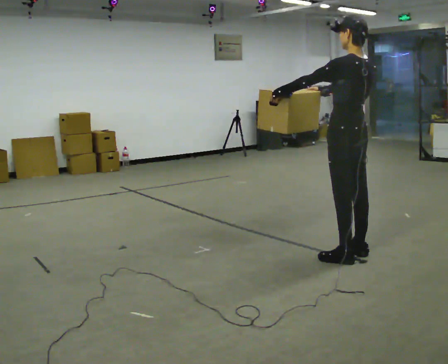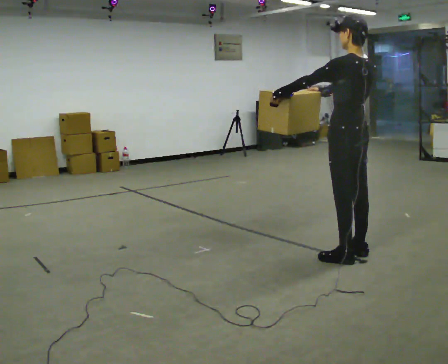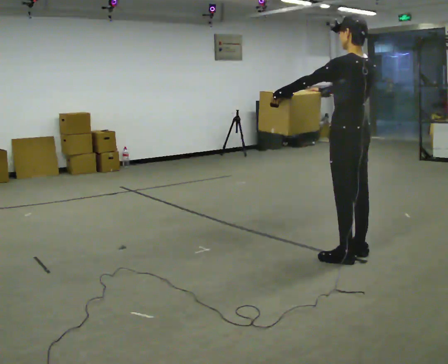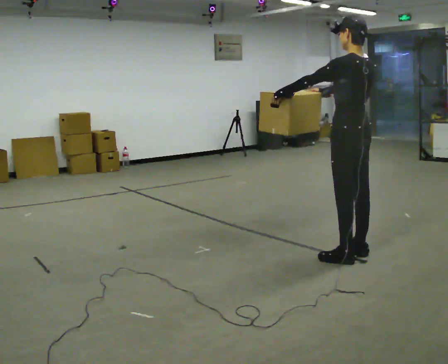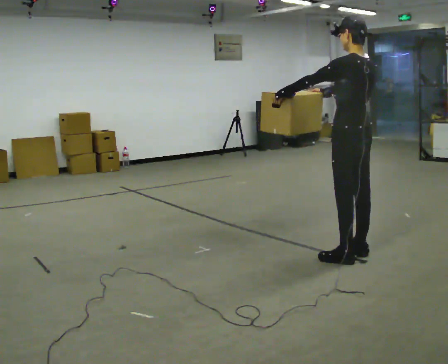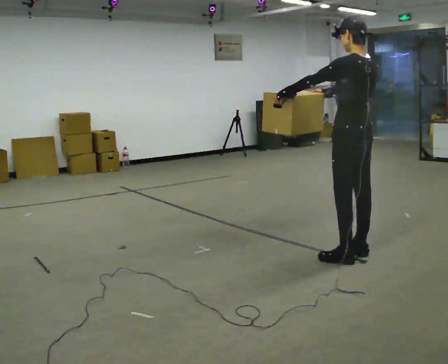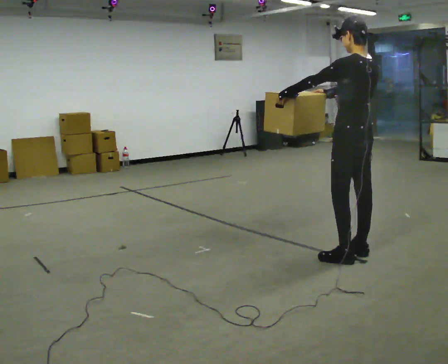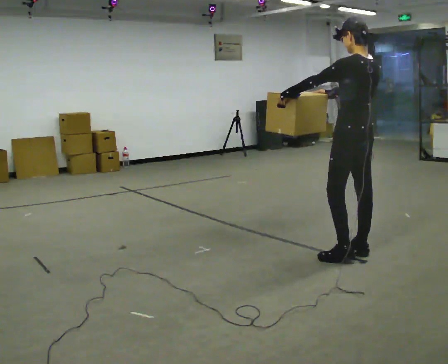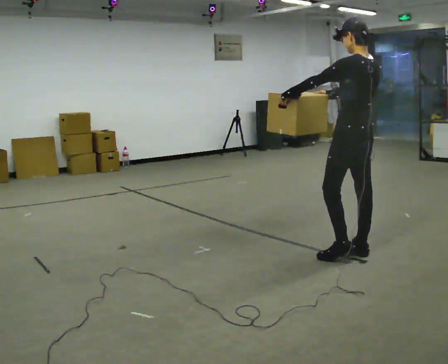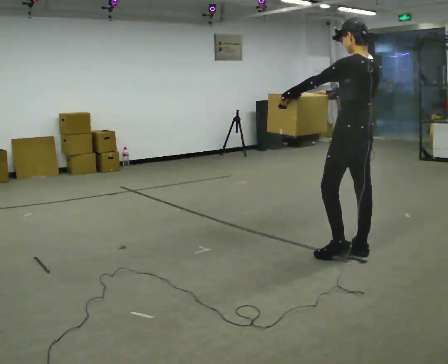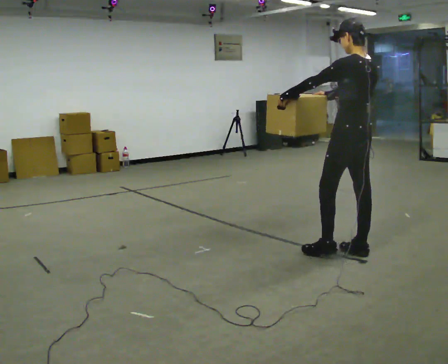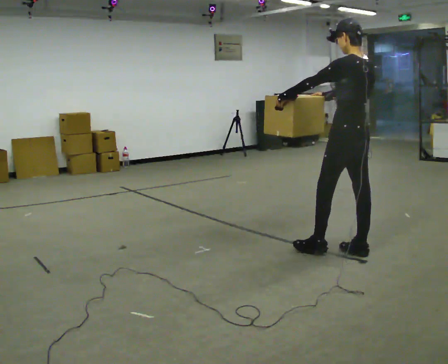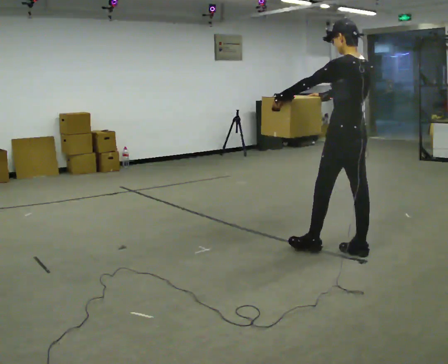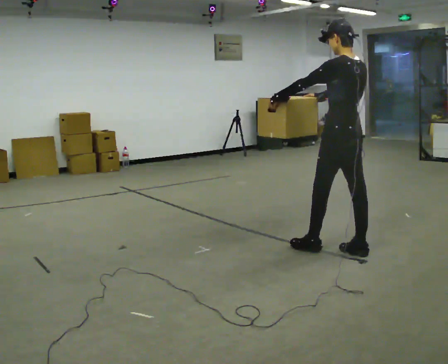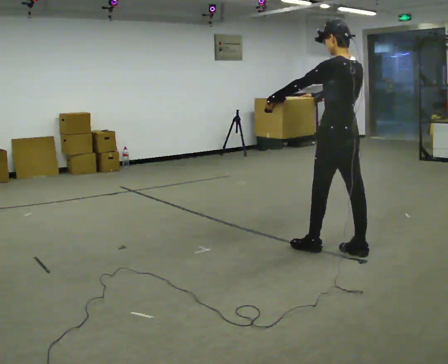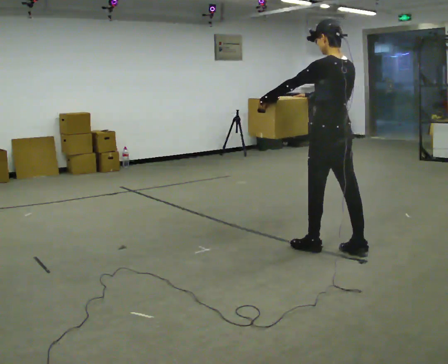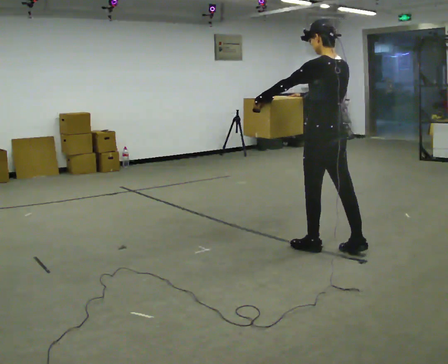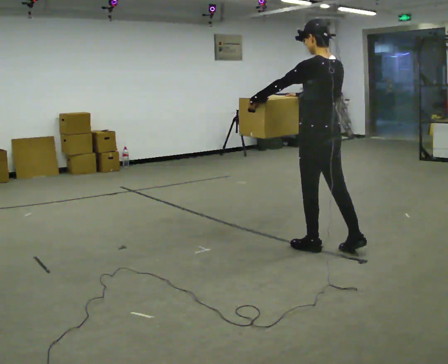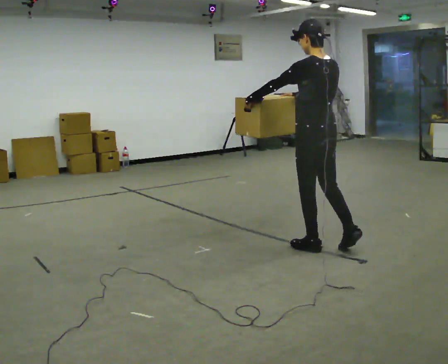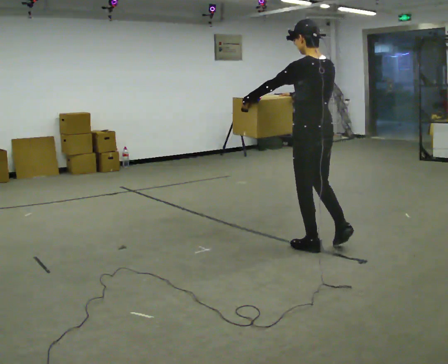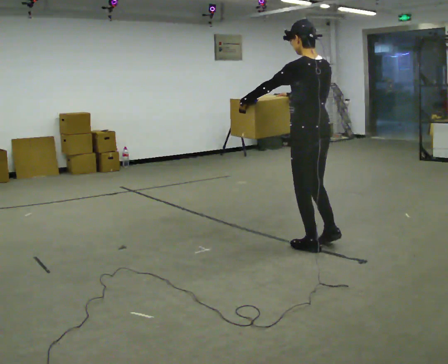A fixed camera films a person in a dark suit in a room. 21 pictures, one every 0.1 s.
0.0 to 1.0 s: The person moves a little, or ends about where they began.
1.0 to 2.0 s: In the picture they go to the left, about 0.25 m in 1 step, which for them is forward and to their left.
The film runs forward here.
